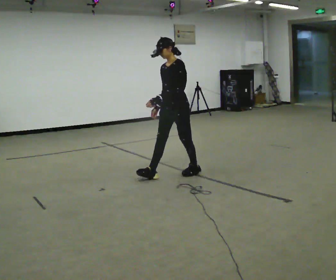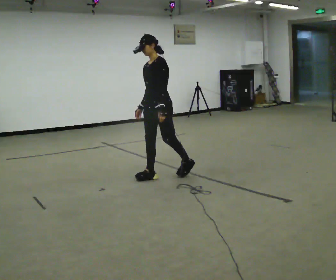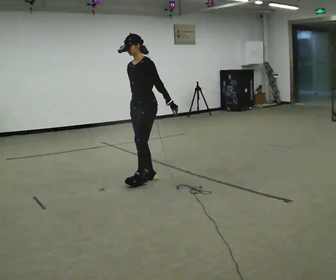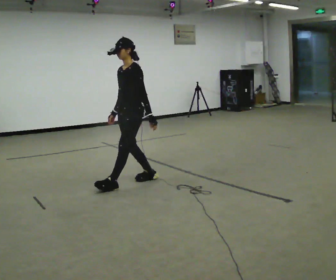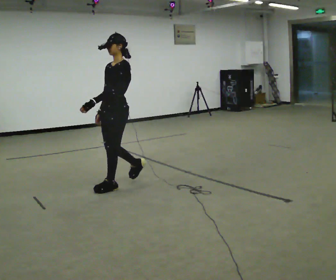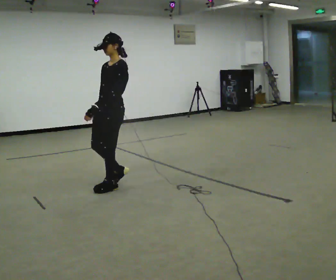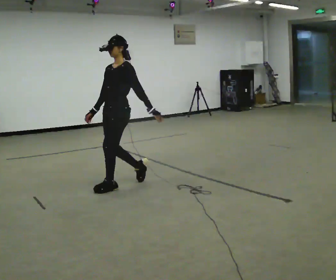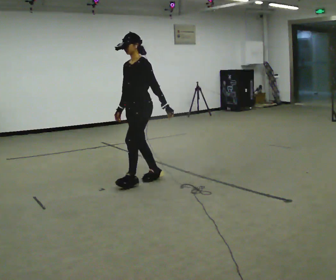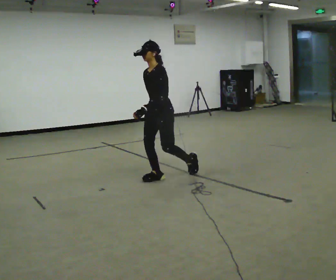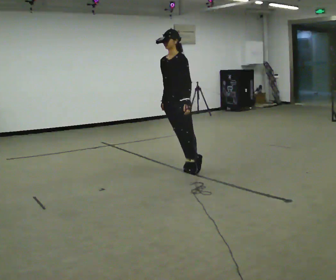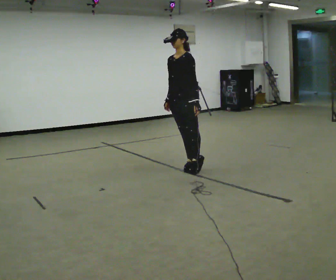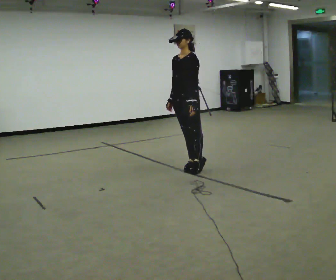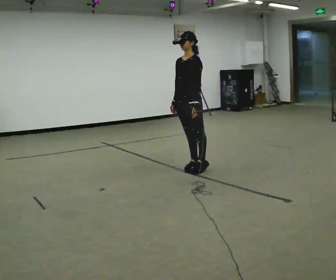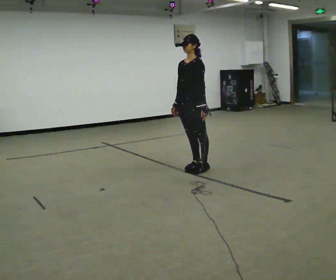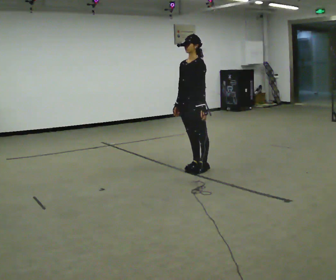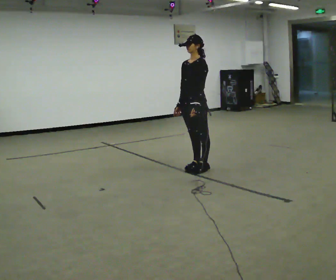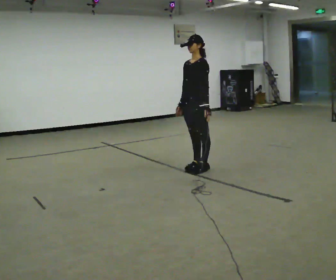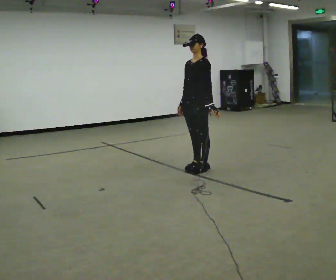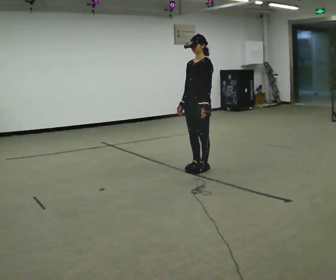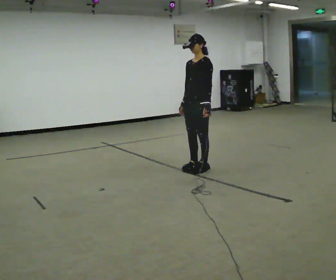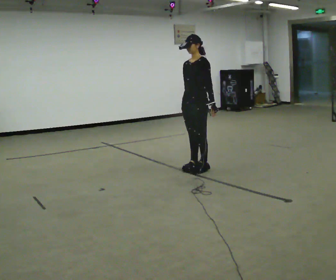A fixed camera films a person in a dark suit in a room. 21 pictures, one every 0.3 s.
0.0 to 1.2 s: In the picture they go to the left and toward the camera, about 1 m in 1 step, which for them is forward.
1.2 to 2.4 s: In the picture they go to the right and away from the camera, about 0.5 m in 1 step, which for them is backward.
2.4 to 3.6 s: In the picture they go to the right and away from the camera, about 0.5 m in 1 step, which for them is backward.
3.6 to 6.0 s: The person moves a little, or ends about where they began.
The film runs backward here.
